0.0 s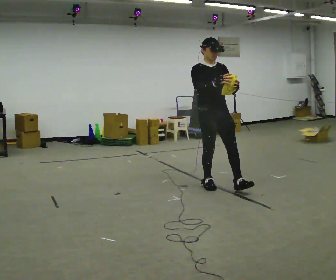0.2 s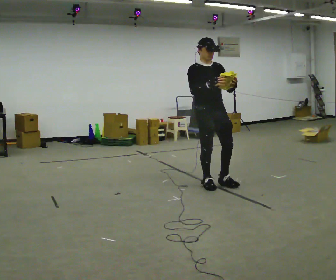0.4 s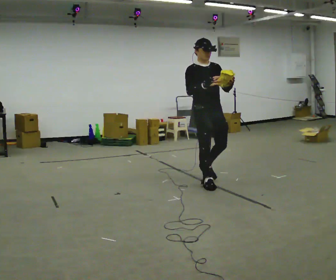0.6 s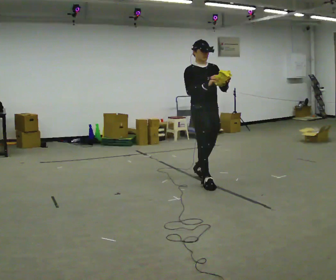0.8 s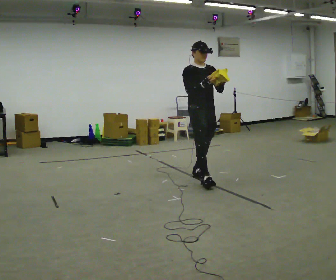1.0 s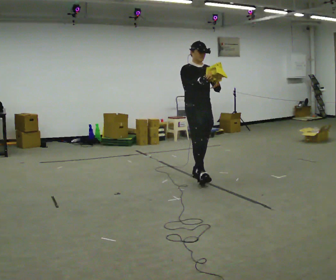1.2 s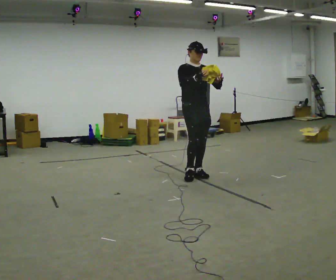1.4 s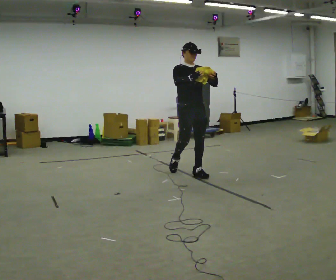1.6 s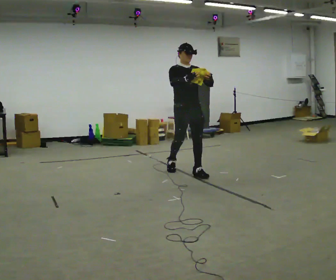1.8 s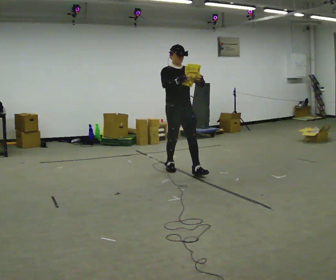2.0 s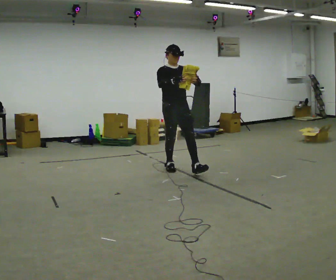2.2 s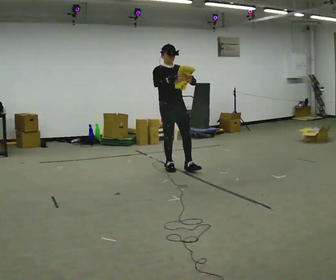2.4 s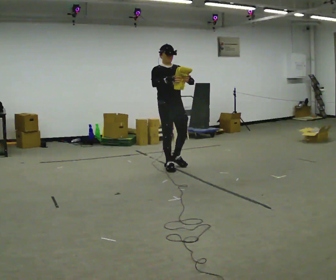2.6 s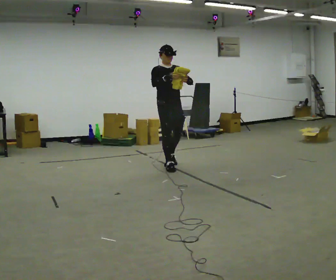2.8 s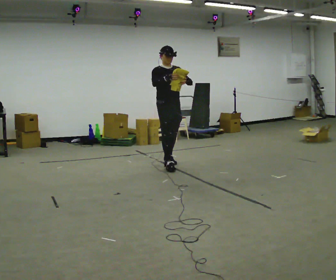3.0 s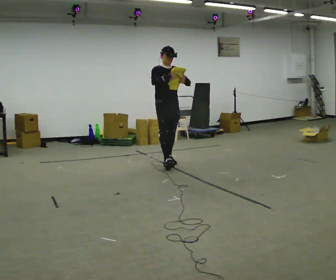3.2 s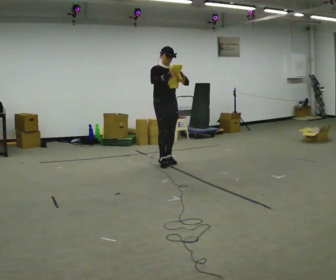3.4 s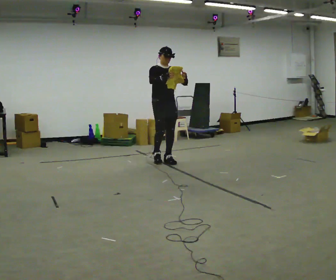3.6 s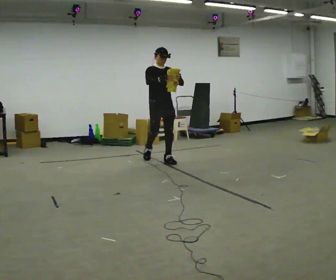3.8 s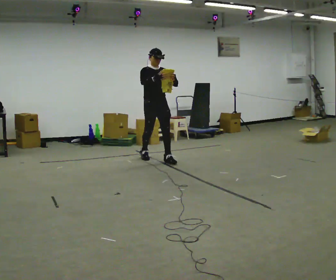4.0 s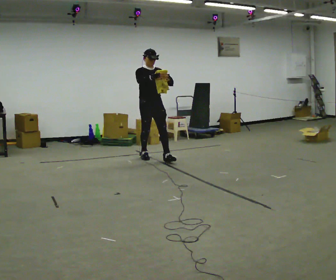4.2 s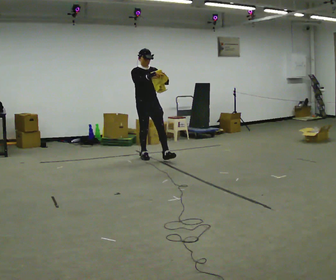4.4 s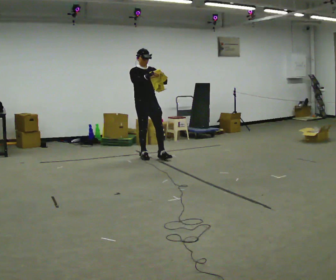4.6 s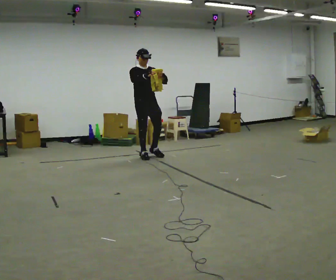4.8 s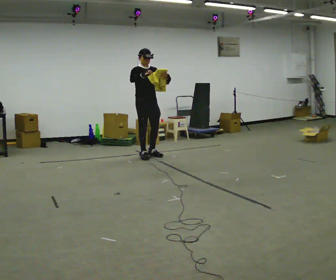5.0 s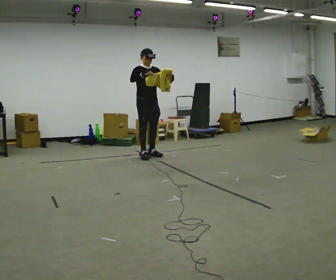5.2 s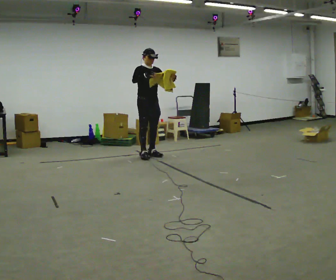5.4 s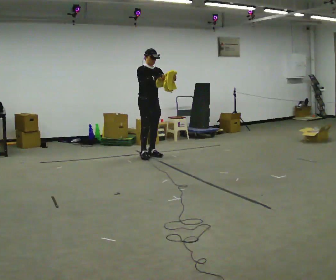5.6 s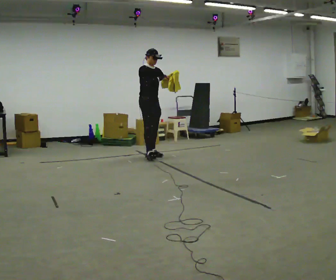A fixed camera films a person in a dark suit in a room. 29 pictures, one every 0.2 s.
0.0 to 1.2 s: In the picture they go away from the camera and to the left, about 0.5 m in 1 step, which for them is backward.
1.2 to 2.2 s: In the picture they go away from the camera and to the left, about 0.5 m in 1 step, which for them is backward.
2.2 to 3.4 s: In the picture they go away from the camera, about 0.5 m in 1 step, which for them is backward.
3.4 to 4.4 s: In the picture they go to the left and away from the camera, about 0.5 m in 1 step, which for them is backward.
4.4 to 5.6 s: In the picture they go away from the camera, about 0.25 m in 1 step, which for them is backward and to their left.
The film runs backward here.
